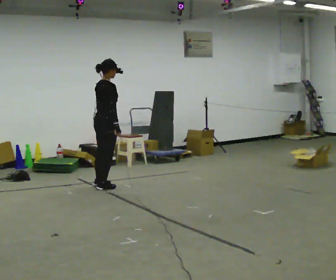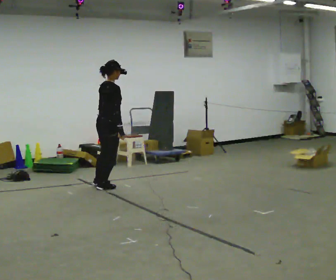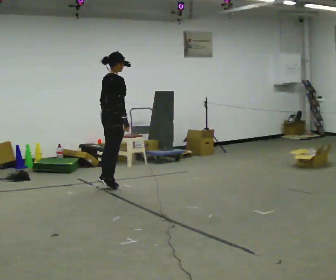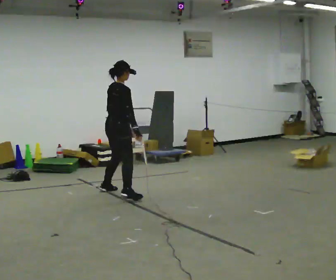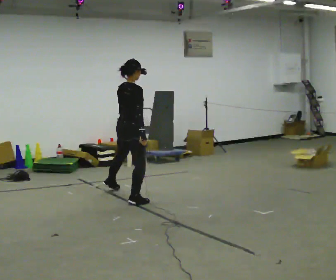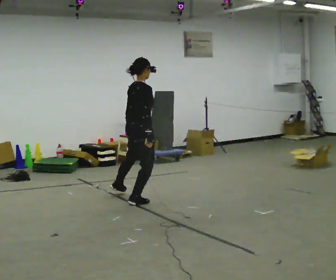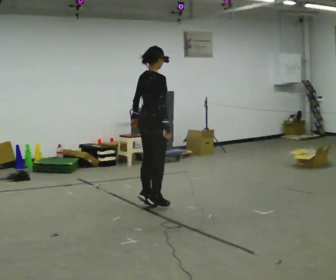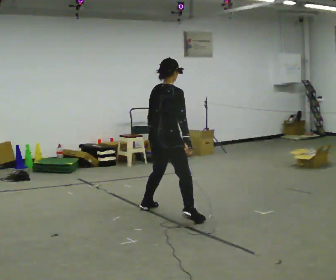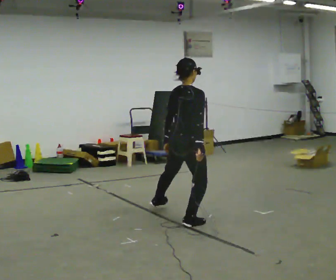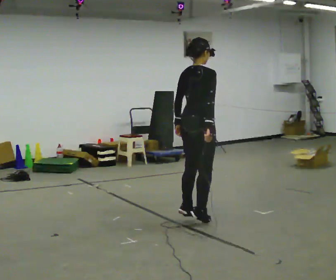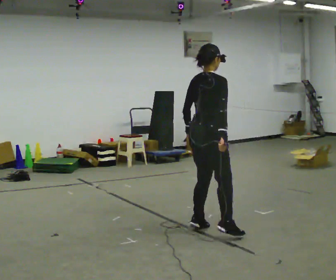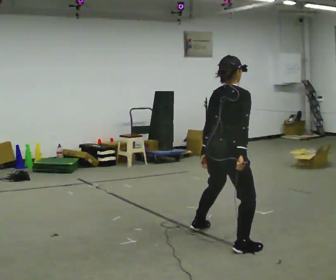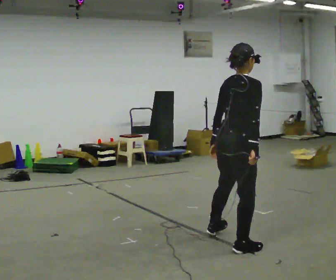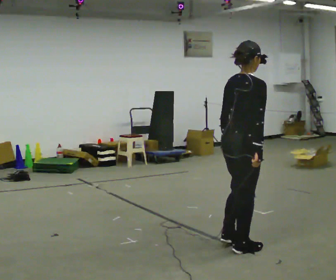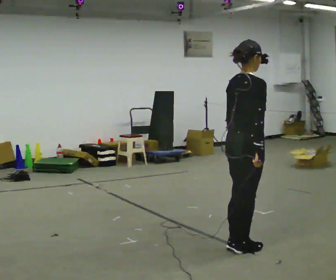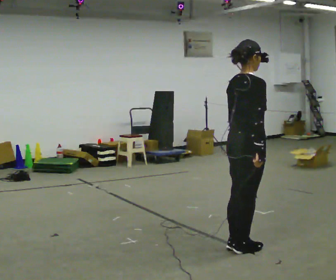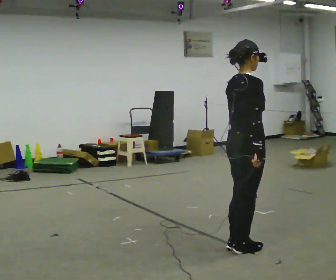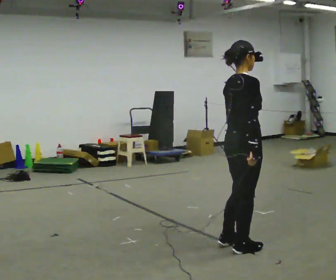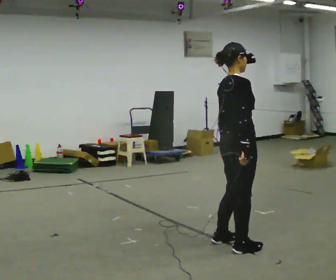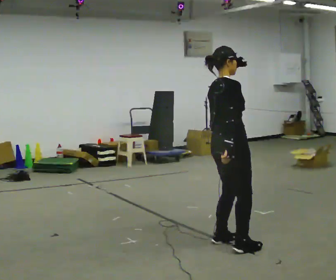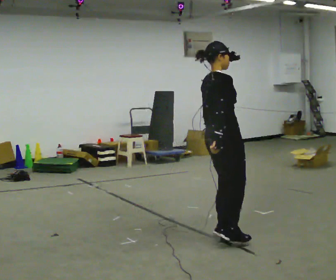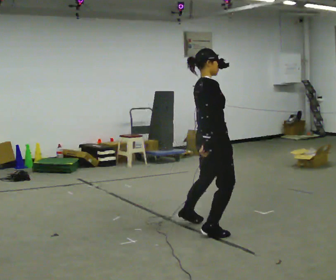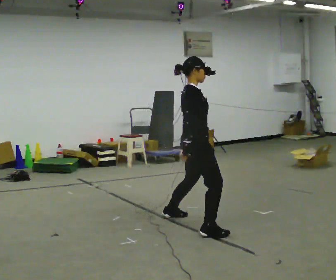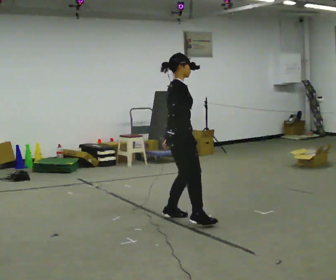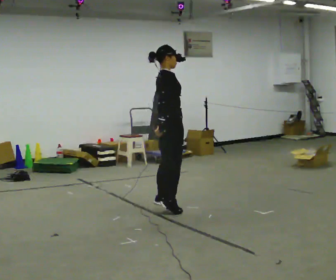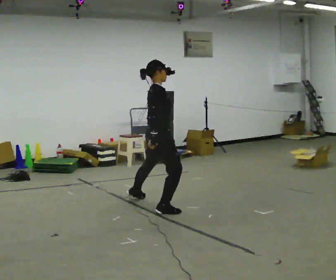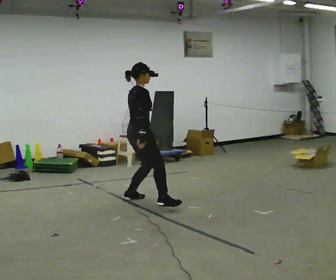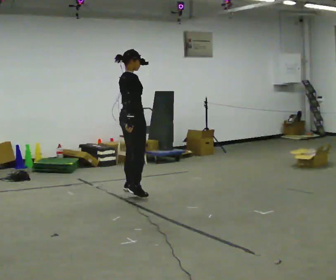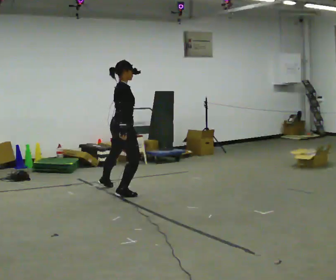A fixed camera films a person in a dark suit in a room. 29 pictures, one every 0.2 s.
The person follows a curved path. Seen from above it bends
counterclockwise.
0.0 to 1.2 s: In the picture they go toward the camera and to the right, about 1 m in 4 steps, which for them is to their right.
1.2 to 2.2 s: In the picture they go toward the camera and to the right, about 1.5 m in 3 steps, which for them is to their right.
2.2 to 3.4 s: In the picture they go toward the camera and to the right, about 0.25 m in 1 step, which for them is to their right.
3.4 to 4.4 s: In the picture they go away from the camera and to the left, about 1 m in 3 steps, which for them is to their left.
4.4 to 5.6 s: In the picture they go away from the camera and to the left, about 1.5 m in 3 steps, which for them is to their left.
The film runs backward here.
